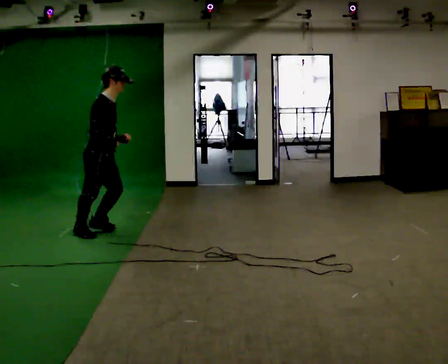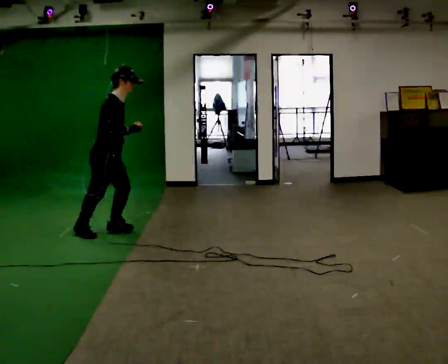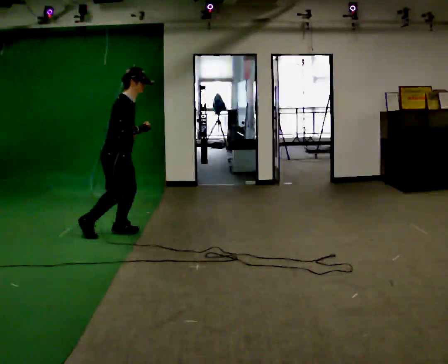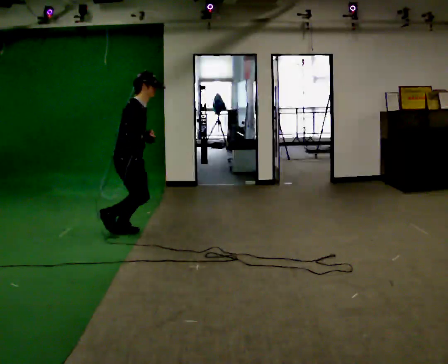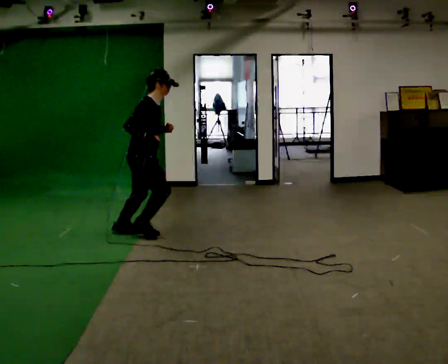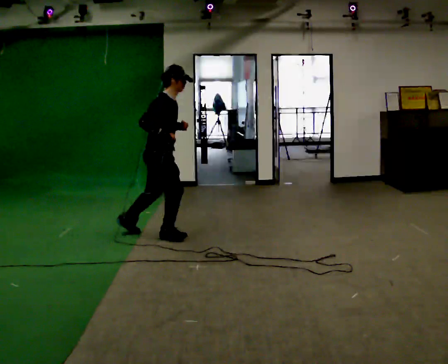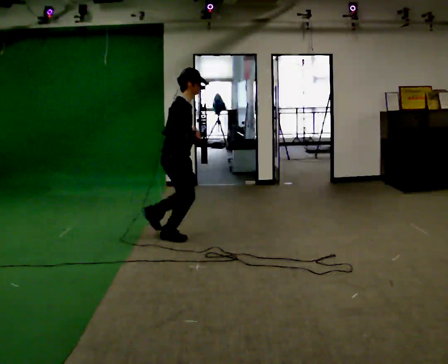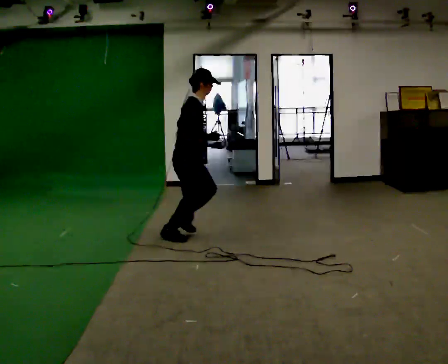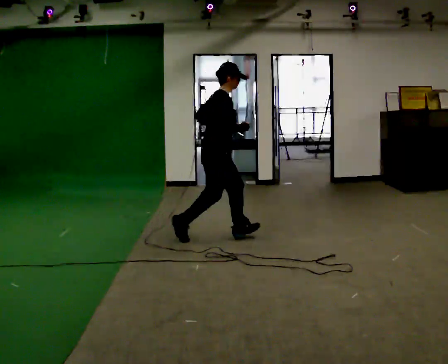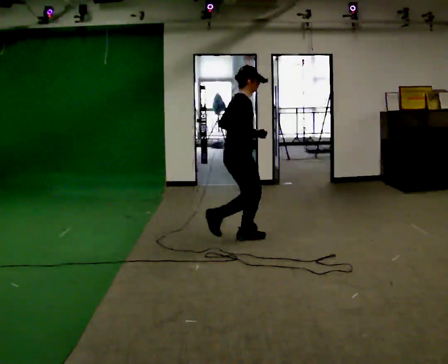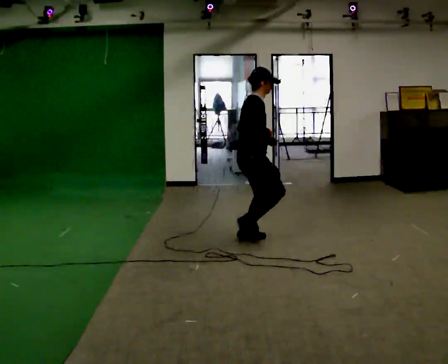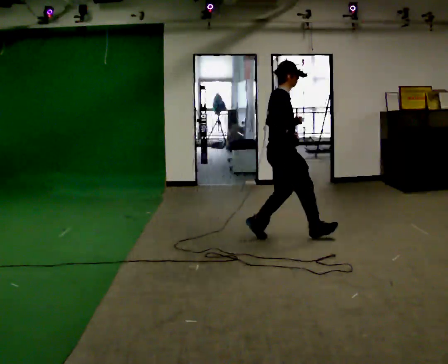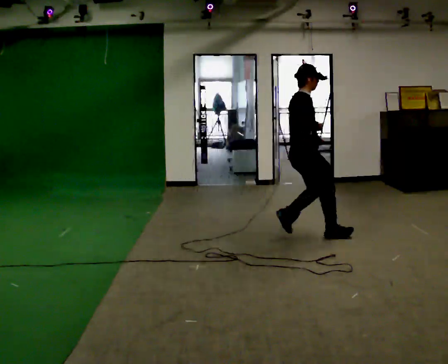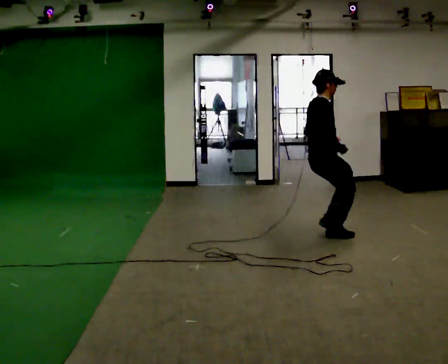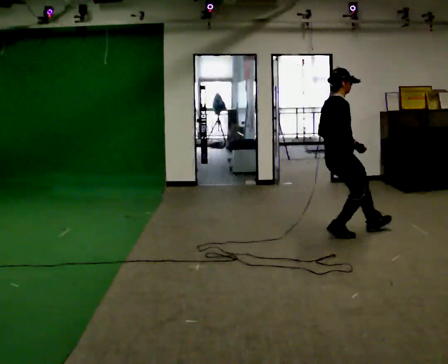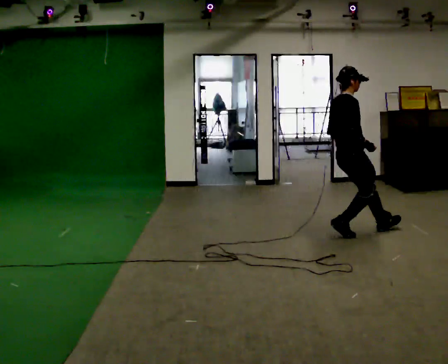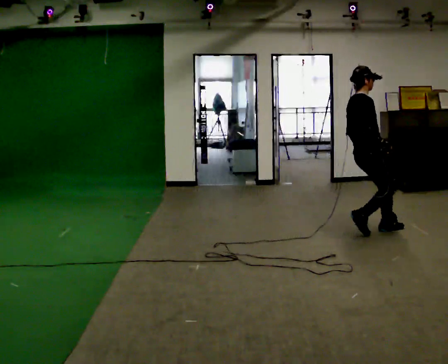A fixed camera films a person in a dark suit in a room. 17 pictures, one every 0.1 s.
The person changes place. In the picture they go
to the right.
The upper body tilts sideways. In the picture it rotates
counterclockwise.
0.0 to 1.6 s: In the picture they go to the right, about 2.5 m in 5 steps, which for them is forward. In the picture the upper body tilts counterclockwise, shoulders to the left, as they lean back or straighten.
The film runs forward here.
